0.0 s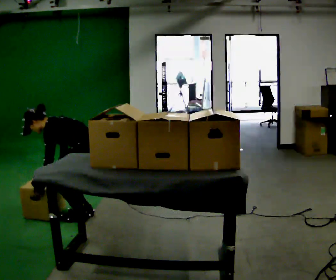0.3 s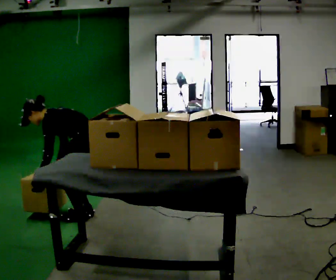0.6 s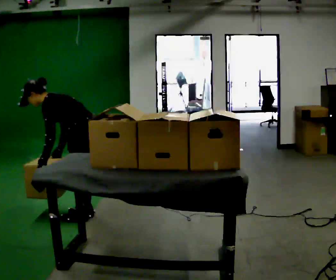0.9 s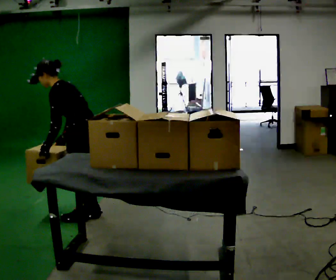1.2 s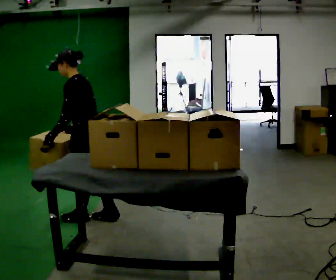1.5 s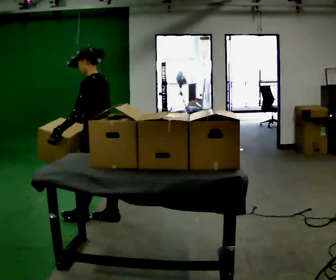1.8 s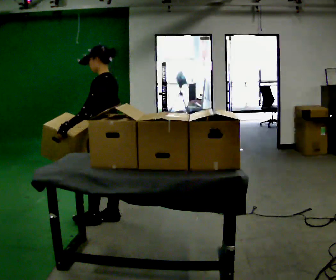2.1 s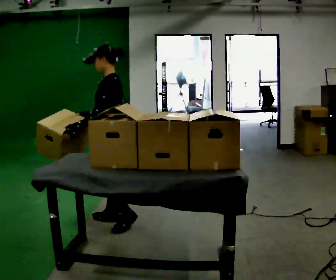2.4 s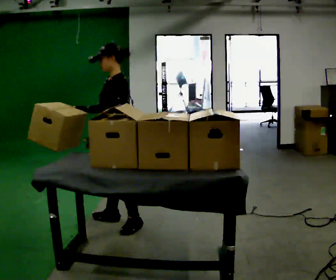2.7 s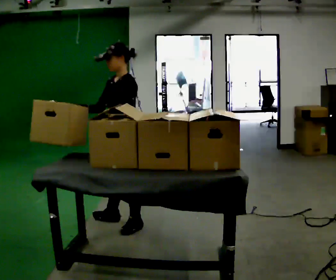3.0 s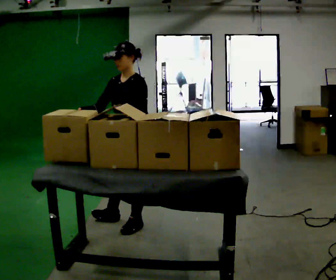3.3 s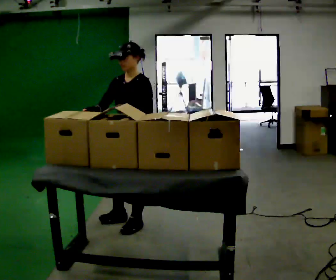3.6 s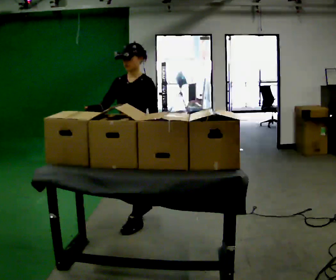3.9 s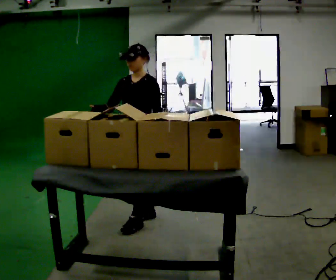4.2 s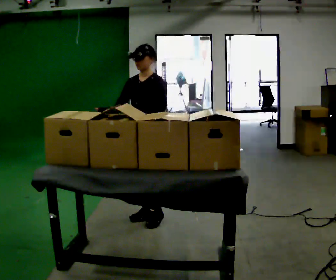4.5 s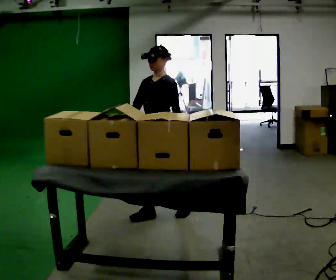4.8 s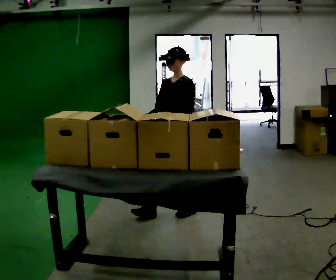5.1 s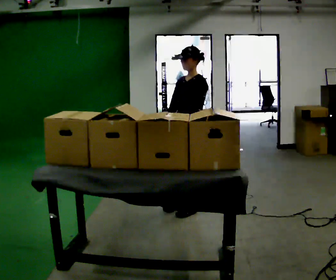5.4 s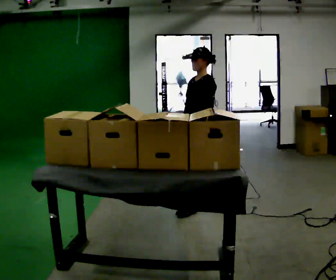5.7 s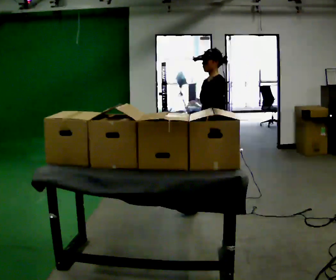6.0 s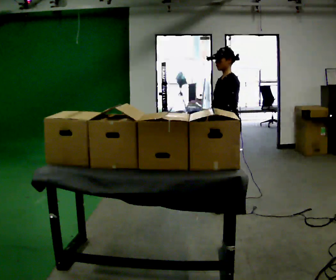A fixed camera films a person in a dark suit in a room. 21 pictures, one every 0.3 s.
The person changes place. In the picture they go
to the right.
The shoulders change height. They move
upward.
0.0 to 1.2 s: The upper body goes upward. In the picture the upper body tilts clockwise, shoulders to the right, as they lean back or straighten. In the picture their left hand goes upward.
1.2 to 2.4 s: In the picture they go to the right, about 0.25 m in 1 step, which for them is backward. In the picture the upper body tilts clockwise, shoulders to the right, as they lean back or straighten.
2.4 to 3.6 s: Seen from above the body turns counterclockwise, about 30 degrees: to their left, with its near side sliding to the right. In the picture they go to the right, about 0.25 m in 1 step, which for them is to their left.
3.6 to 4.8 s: In the picture they go to the right and away from the camera, about 0.5 m in 1 step, which for them is backward.
4.8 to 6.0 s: The person turns about 30 degrees to their right, clockwise seen from above, so the part of the body nearest the lens slides to the left. In the picture they go to the right, about 0.5 m in 2 steps, which for them is backward.
The film runs backward here.
